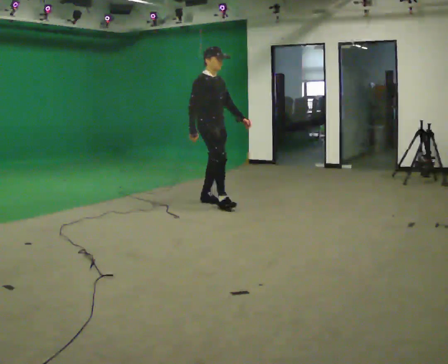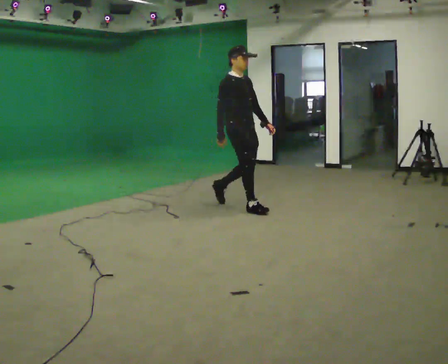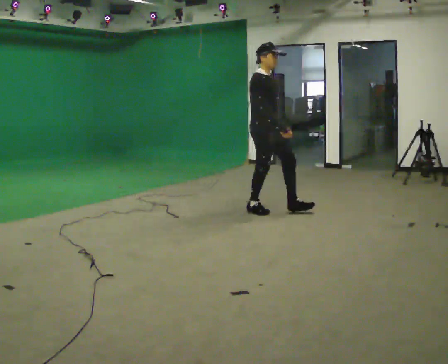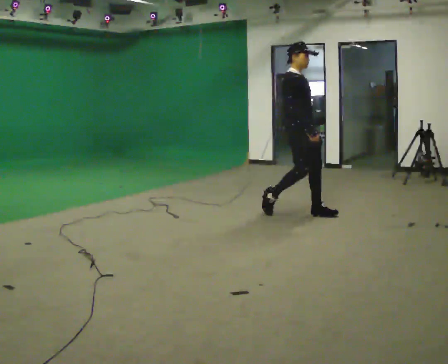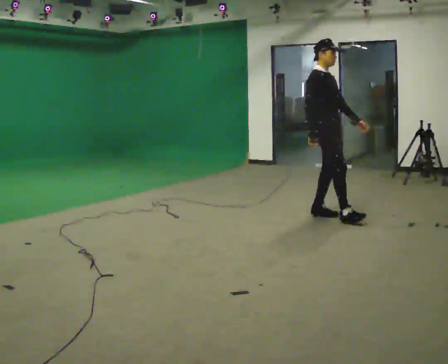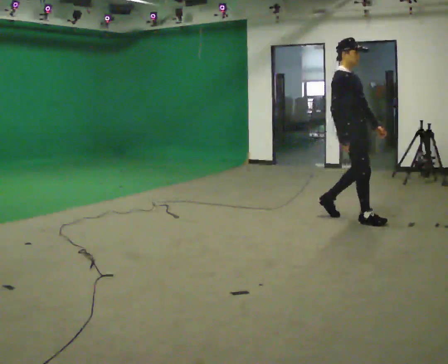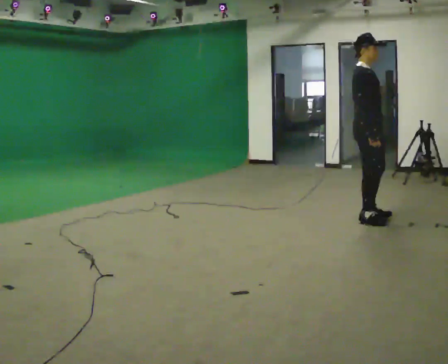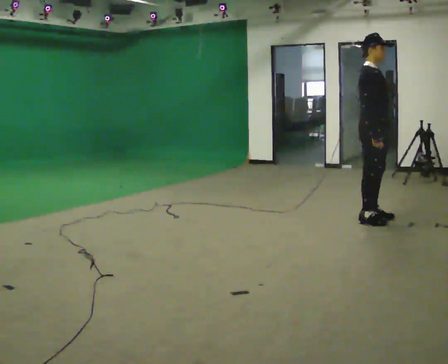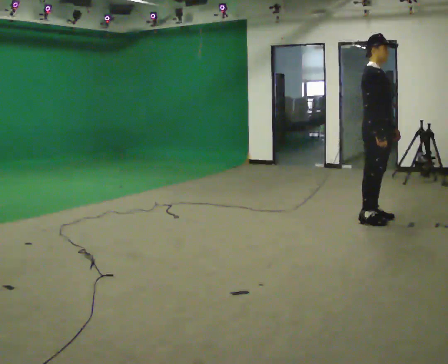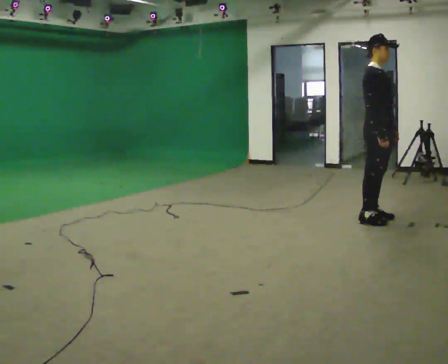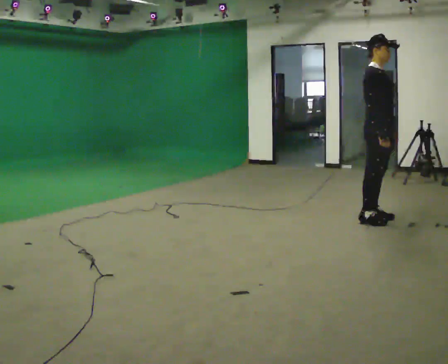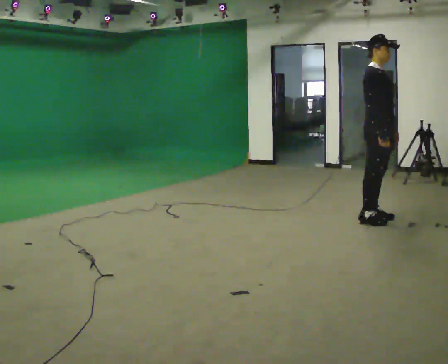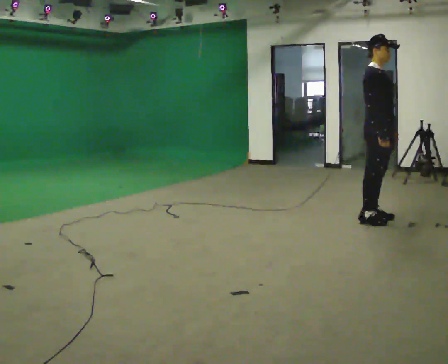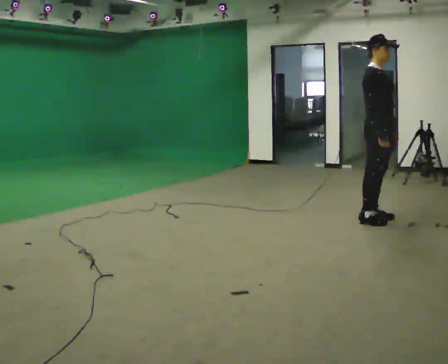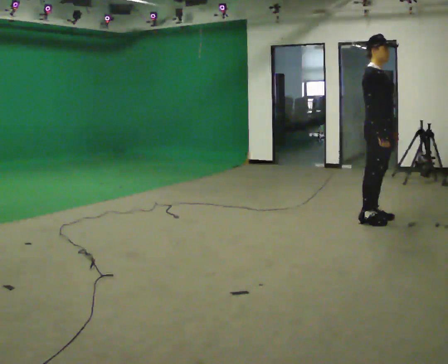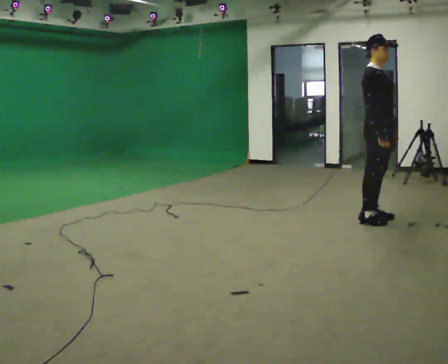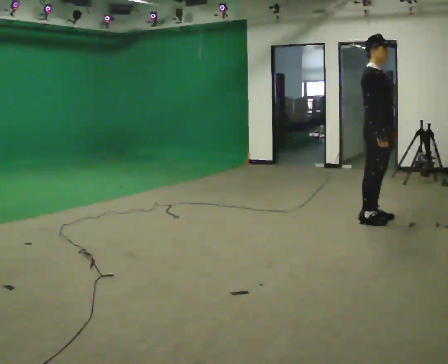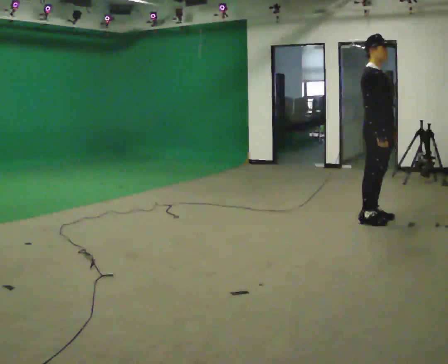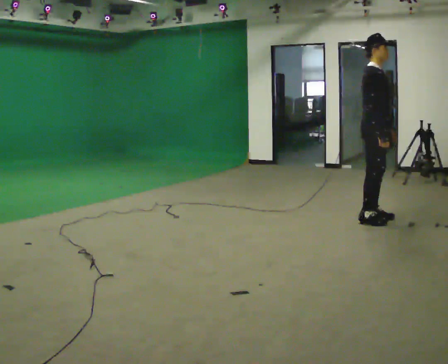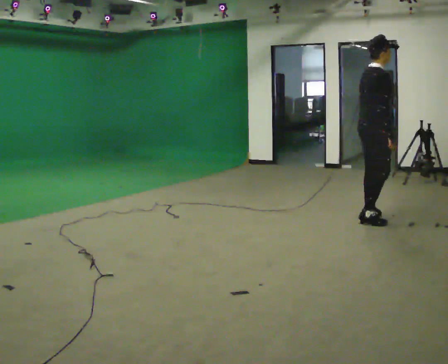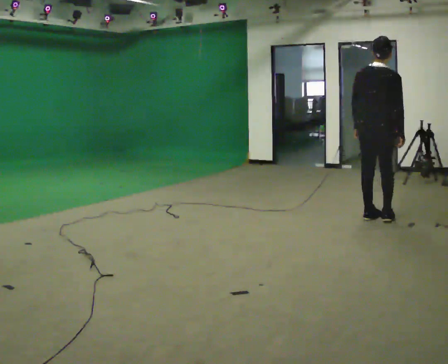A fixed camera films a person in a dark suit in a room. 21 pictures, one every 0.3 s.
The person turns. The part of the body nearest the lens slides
to the right.
The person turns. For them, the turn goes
to their left.
0.0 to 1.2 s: In the picture they go to the right, about 1.5 m in 2 steps, which for them is forward.
1.2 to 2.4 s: In the picture they go to the right, about 0.5 m in 2 steps, which for them is forward.
2.4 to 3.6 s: The person moves a little, or ends about where they began.
3.6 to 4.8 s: The person keeps their place and pose.
4.8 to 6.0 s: The part of the body nearest the lens slides to the right as the person turns to their left by about 90 degrees. In the picture their left hand goes to the left, the arm swinging clockwise.
The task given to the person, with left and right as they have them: Walk normally; at marked point stop as quickly as comfortably possible; remain still.
The film runs forward here.
